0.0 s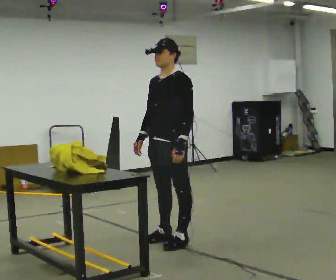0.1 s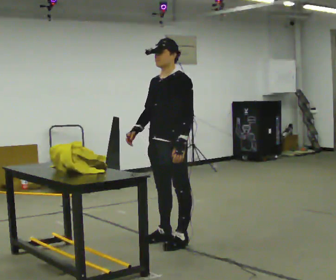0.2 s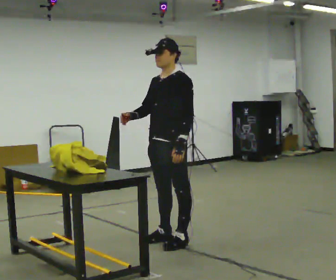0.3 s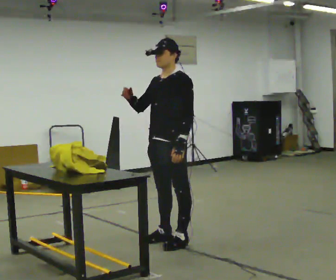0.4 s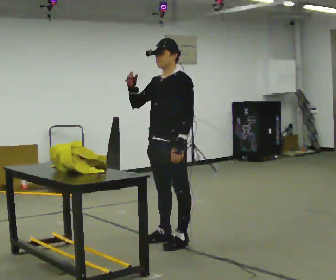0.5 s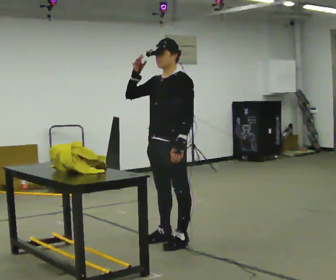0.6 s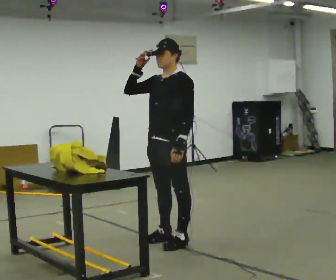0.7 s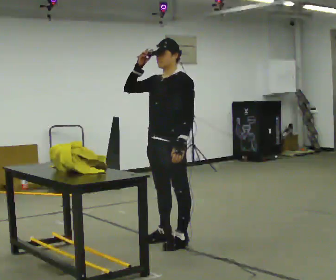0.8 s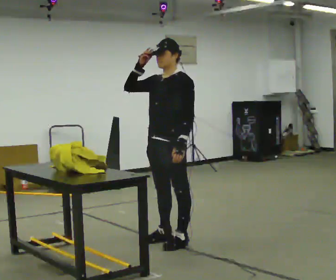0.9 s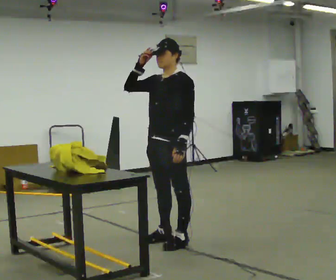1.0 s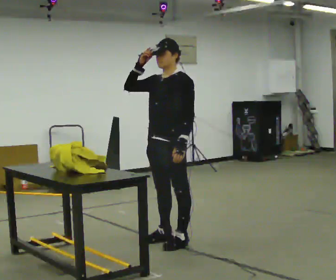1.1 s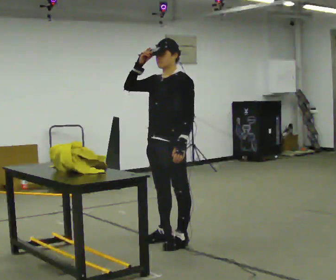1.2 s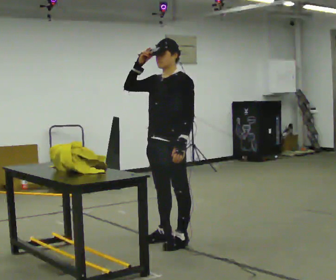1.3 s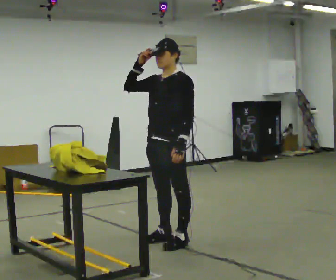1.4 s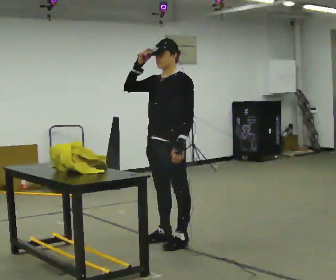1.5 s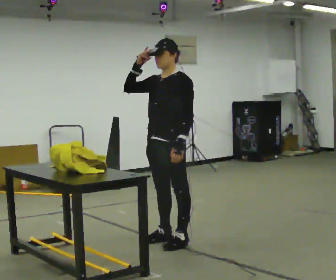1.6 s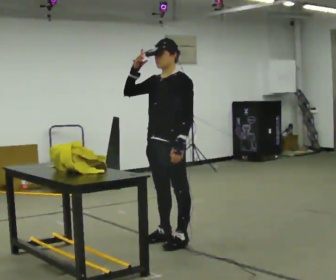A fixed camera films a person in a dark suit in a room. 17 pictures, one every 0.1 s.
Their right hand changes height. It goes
upward.
0.0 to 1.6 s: In the picture their right hand goes upward.
The film runs forward here.
